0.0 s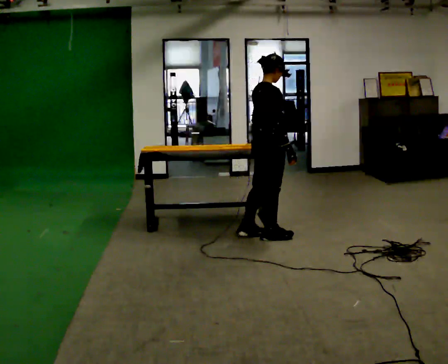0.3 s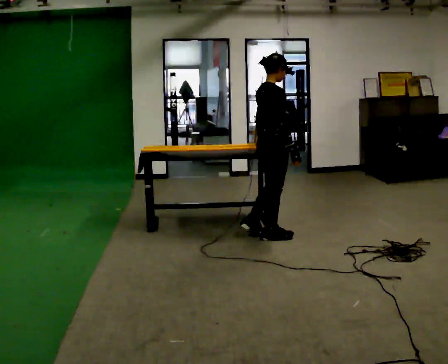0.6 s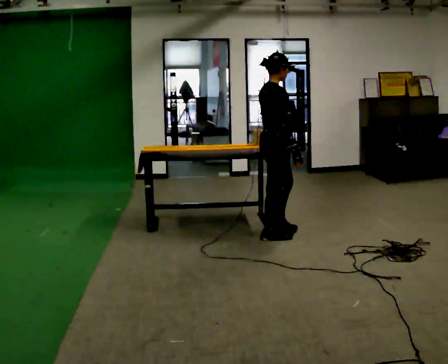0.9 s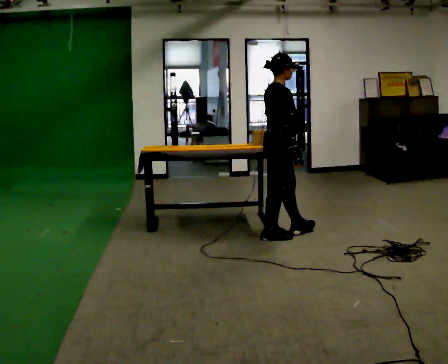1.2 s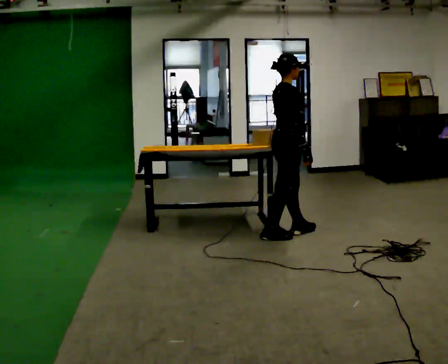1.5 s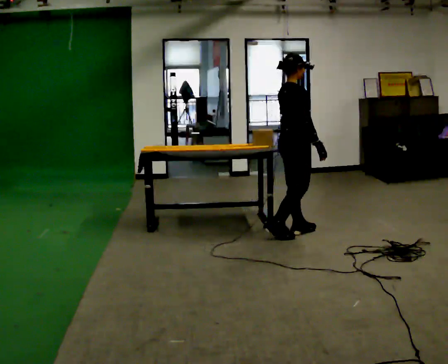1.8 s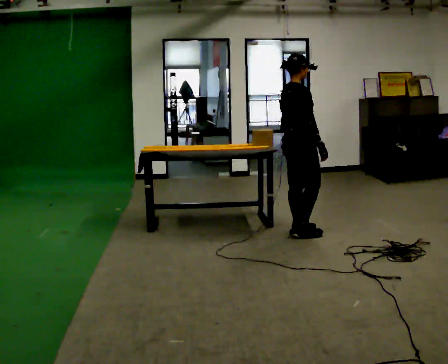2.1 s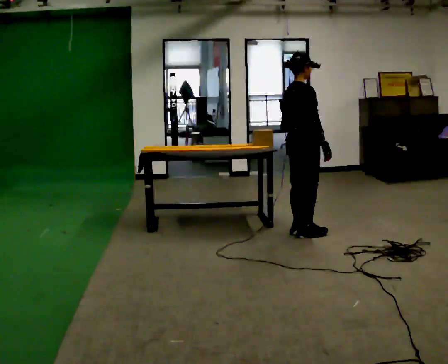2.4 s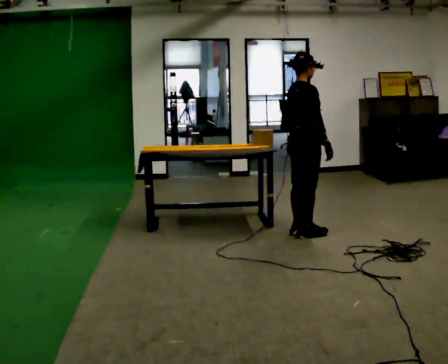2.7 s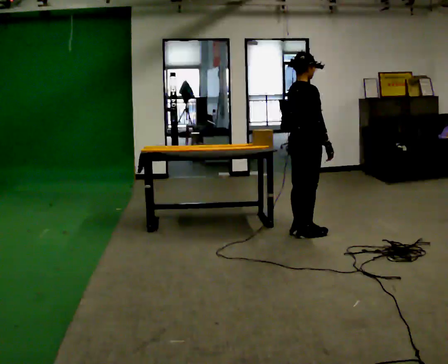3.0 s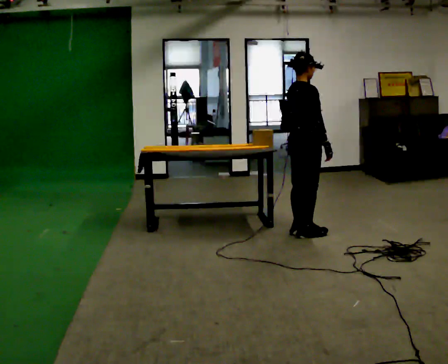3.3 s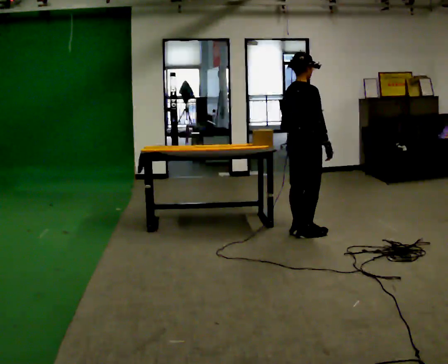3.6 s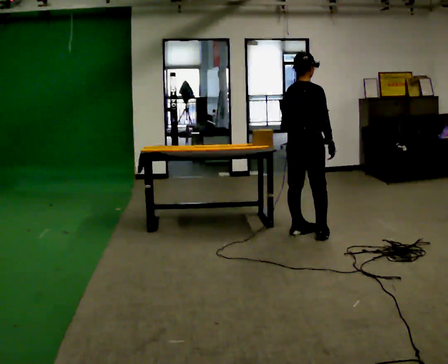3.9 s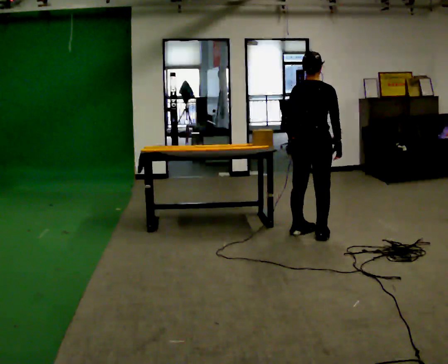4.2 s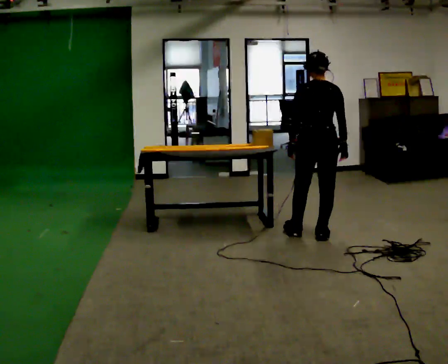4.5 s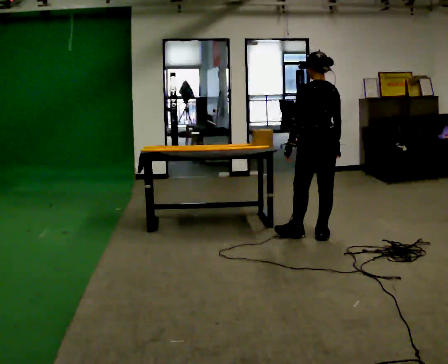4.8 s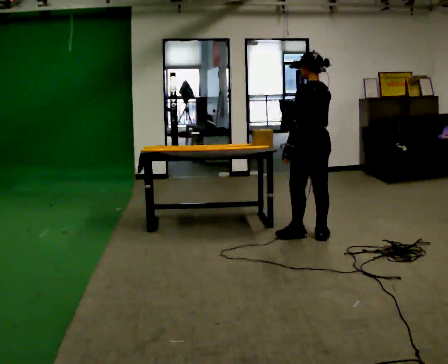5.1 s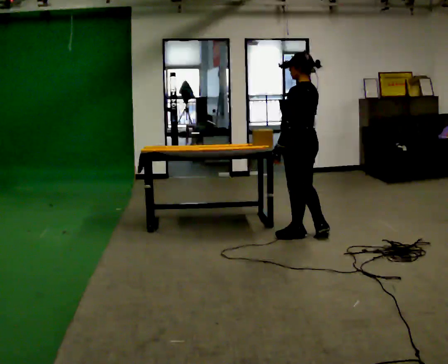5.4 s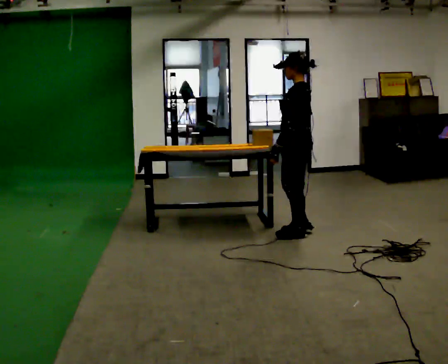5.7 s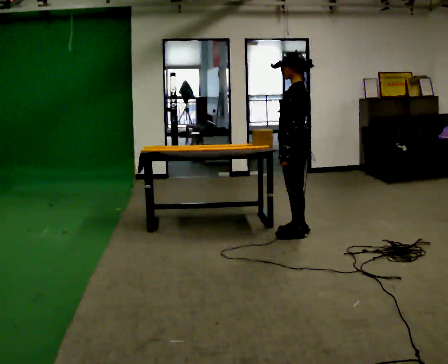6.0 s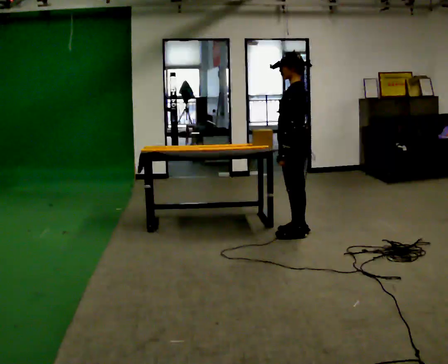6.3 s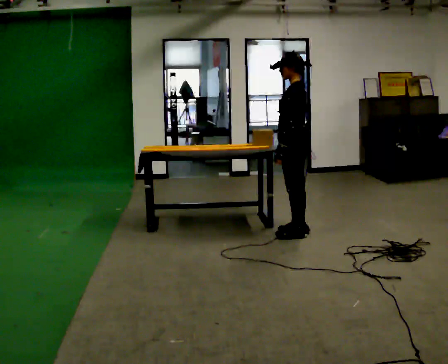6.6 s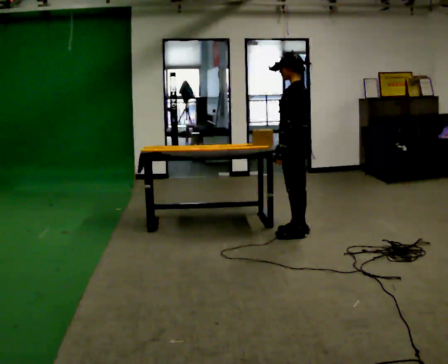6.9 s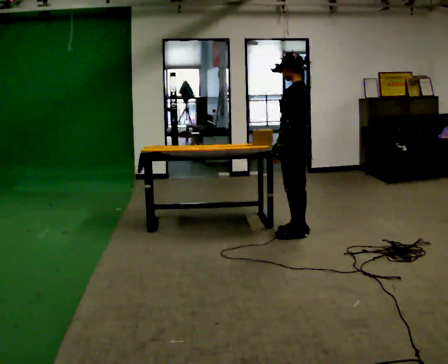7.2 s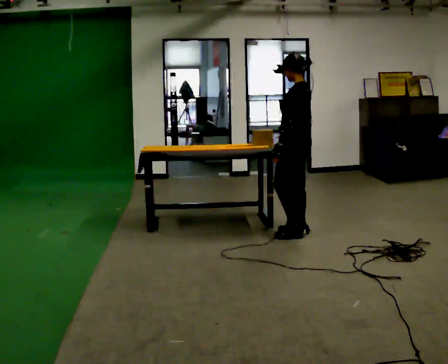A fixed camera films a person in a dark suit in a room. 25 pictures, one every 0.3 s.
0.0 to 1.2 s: In the picture they go to the right, about 0.25 m in 1 step, which for them is forward.
1.2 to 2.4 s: The person moves a little, or ends about where they began.
2.4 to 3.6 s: The part of the body nearest the lens slides to the right as the person turns to their left by about 30 degrees.
3.6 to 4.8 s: The part of the body nearest the lens slides to the right as the person turns to their left by about 90 degrees.
4.8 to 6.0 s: The part of the body nearest the lens slides to the right as the person turns to their left by about 45 degrees.
6.0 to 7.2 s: The person moves a little, or ends about where they began.
The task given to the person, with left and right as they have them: Carry the object across the room and slide it into the slot on the shelf. It is a close fit, so take the time you need. Keep going until the operator says stop; one object at a time, and do not rush between trips.
The film runs forward here.
